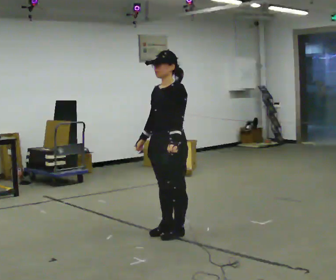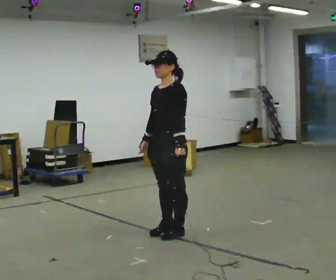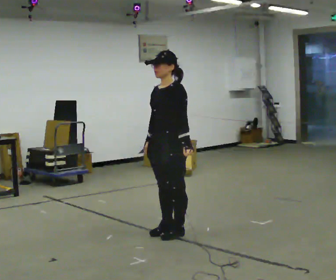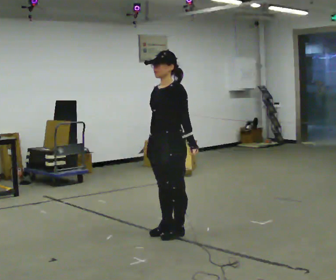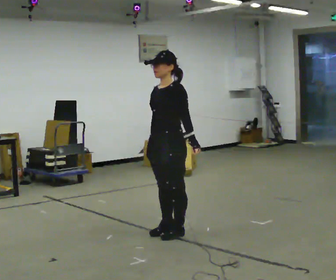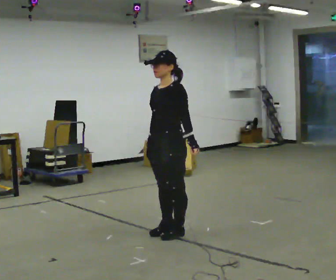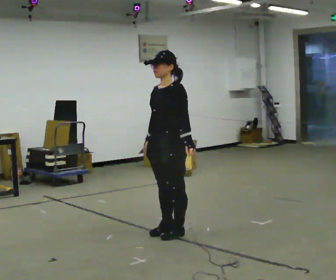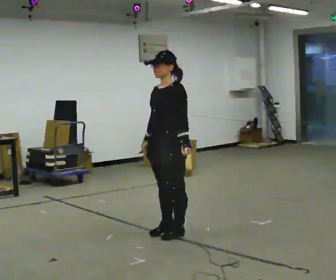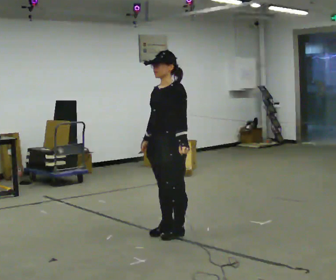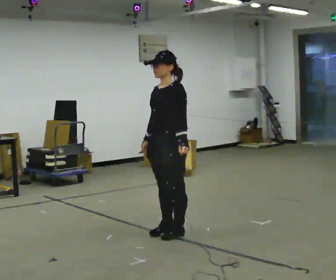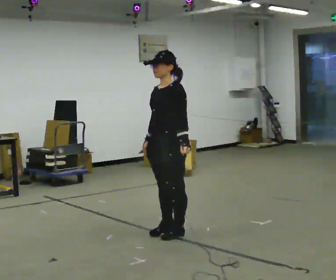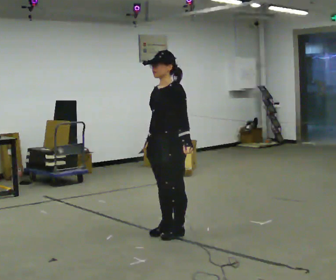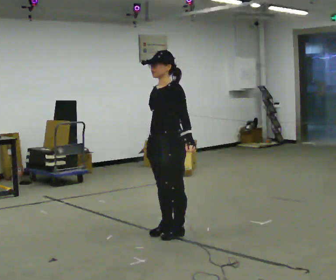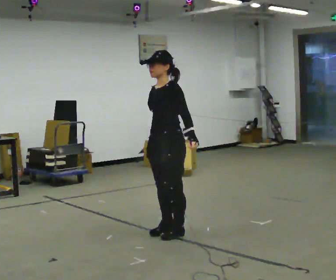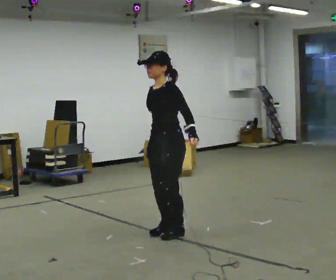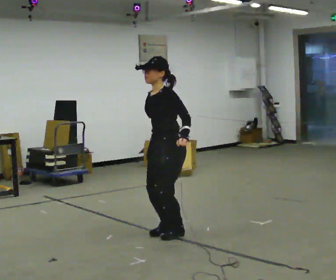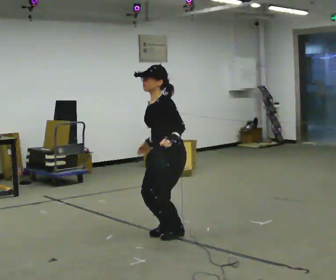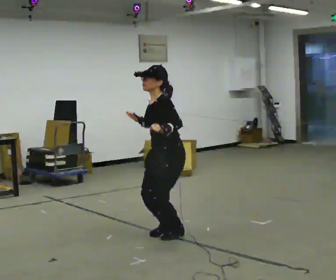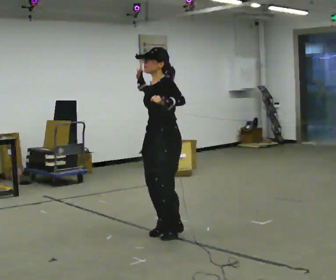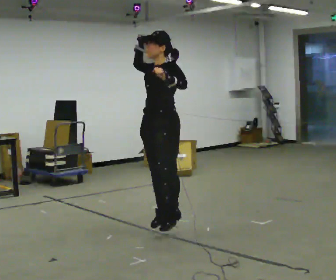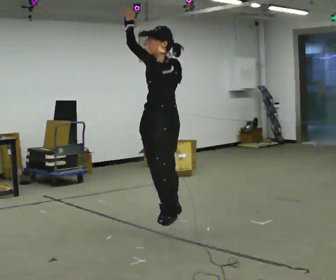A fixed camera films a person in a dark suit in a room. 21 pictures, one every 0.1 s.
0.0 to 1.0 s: The person moves a little, or ends about where they began.
1.0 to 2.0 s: In the picture their right hand goes upward.
The film runs forward here.
